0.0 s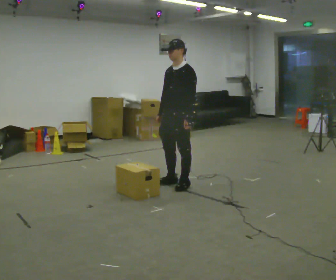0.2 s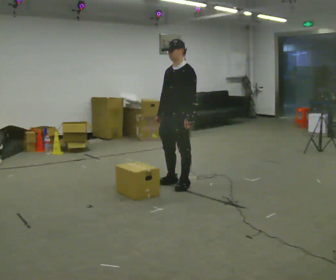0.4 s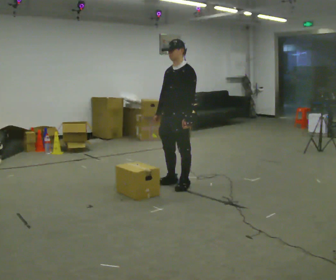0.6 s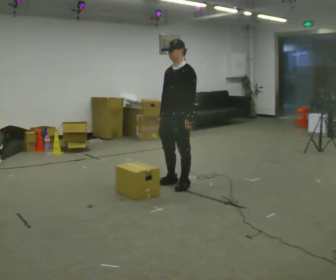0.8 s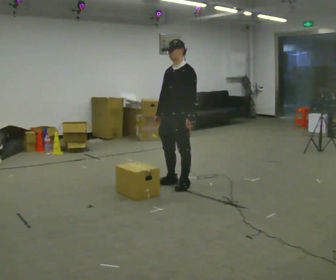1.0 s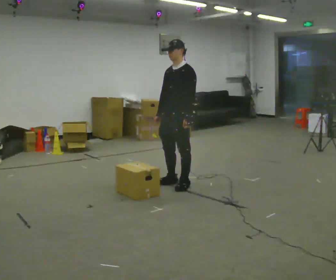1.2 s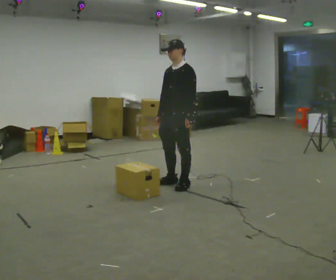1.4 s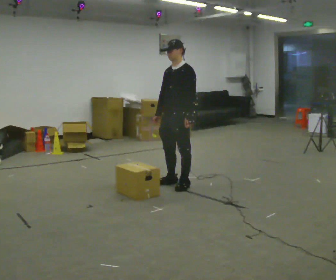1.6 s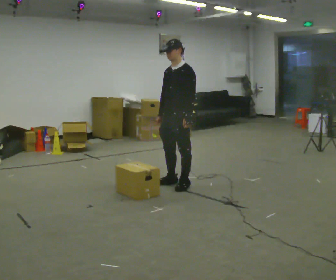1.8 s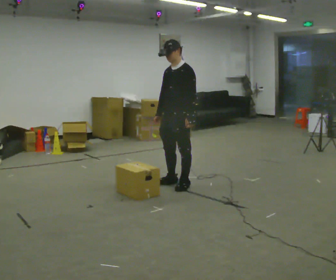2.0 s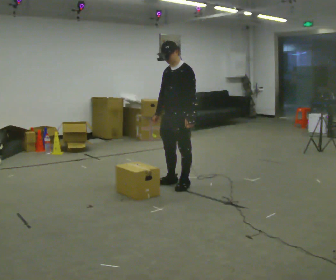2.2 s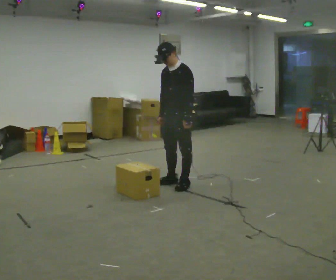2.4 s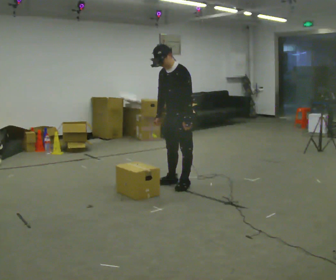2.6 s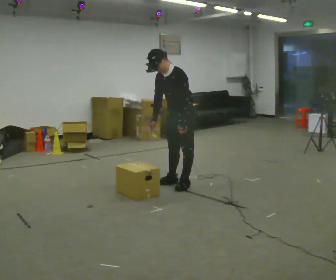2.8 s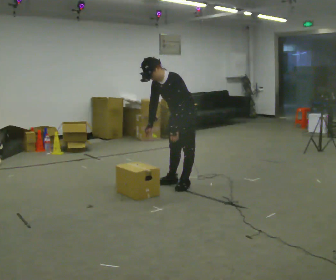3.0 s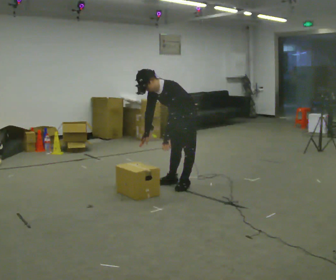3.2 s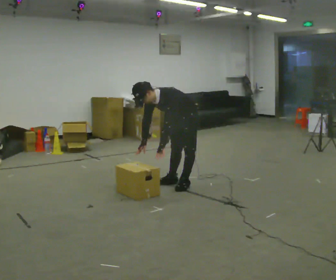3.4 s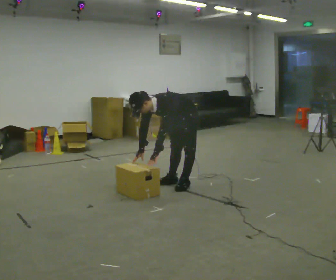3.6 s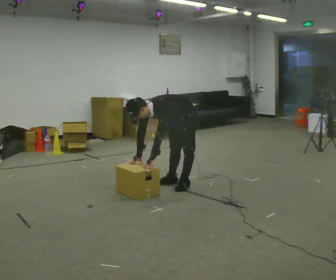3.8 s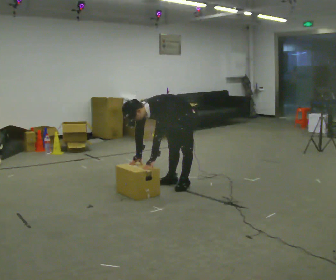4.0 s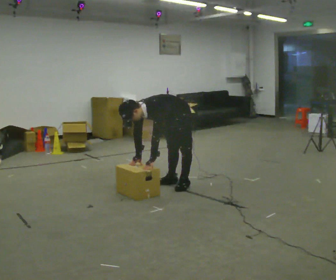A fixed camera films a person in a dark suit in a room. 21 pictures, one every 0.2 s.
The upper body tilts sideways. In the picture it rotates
counterclockwise.
Their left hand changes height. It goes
downward.
0.0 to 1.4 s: The person moves a little, or ends about where they began.
1.4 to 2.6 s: In the picture the upper body tilts counterclockwise, shoulders to the left, as they bend forward.
2.6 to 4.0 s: The shoulders move downward. In the picture the upper body tilts counterclockwise, shoulders to the left, as they bend forward. In the picture their right hand goes downward.
The film runs forward here.
